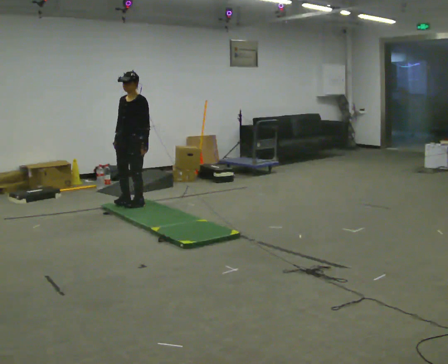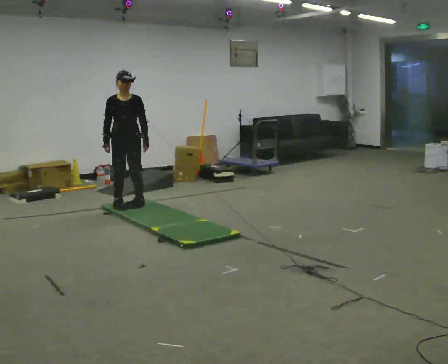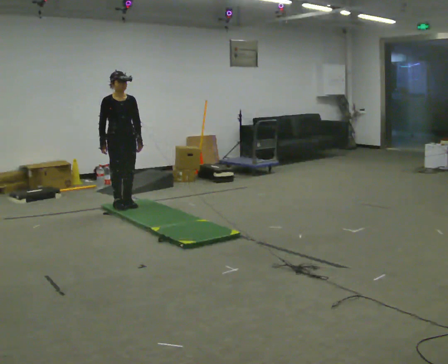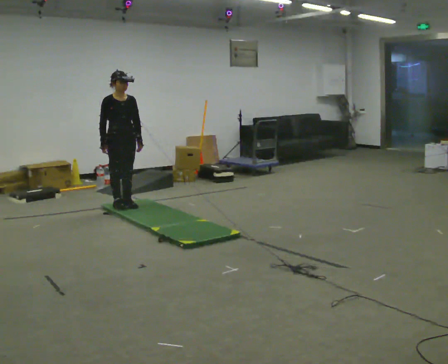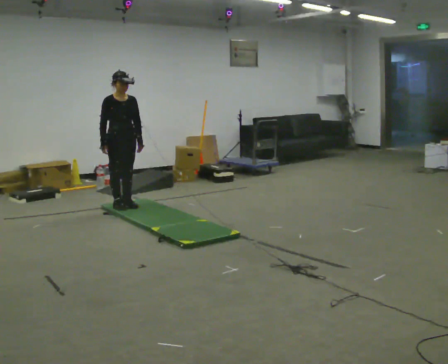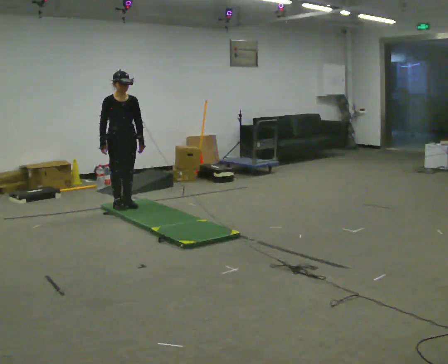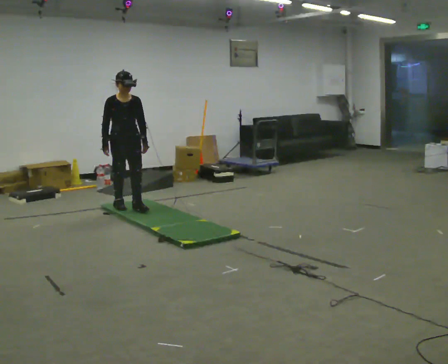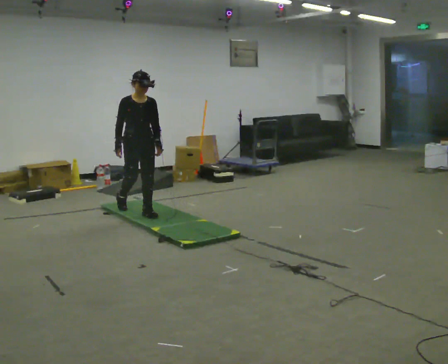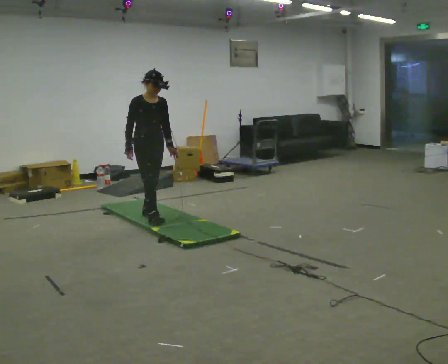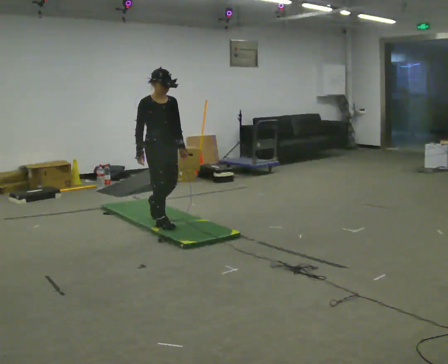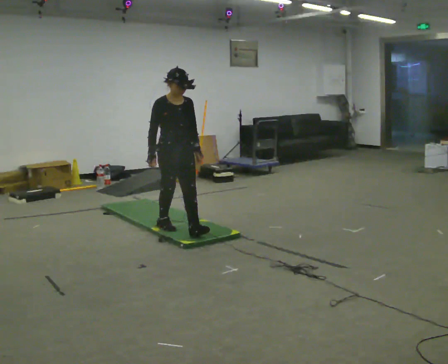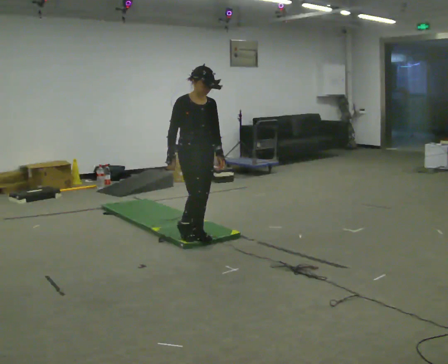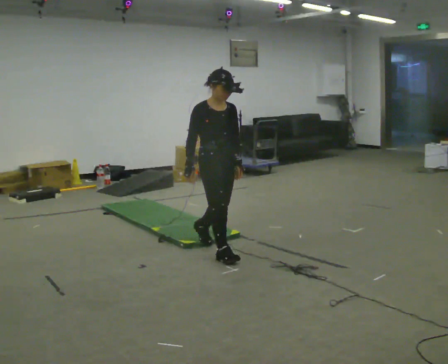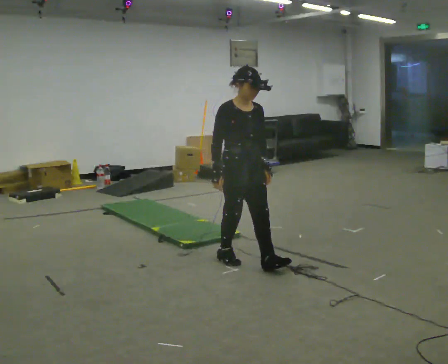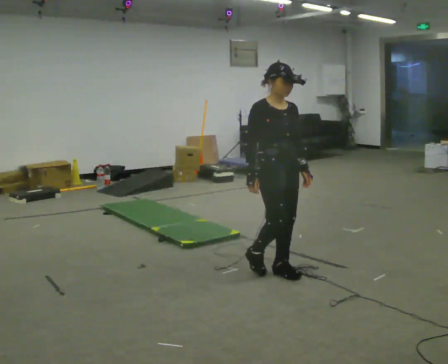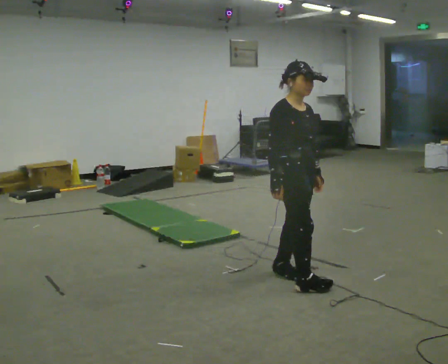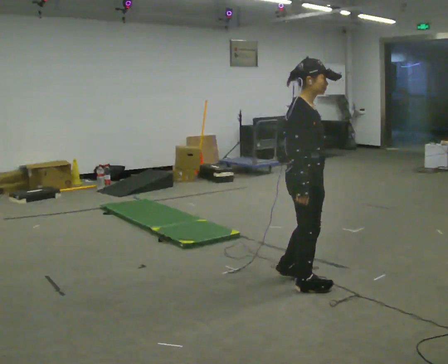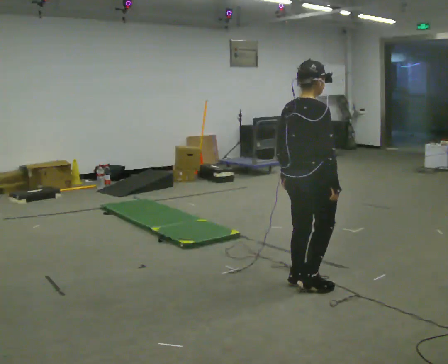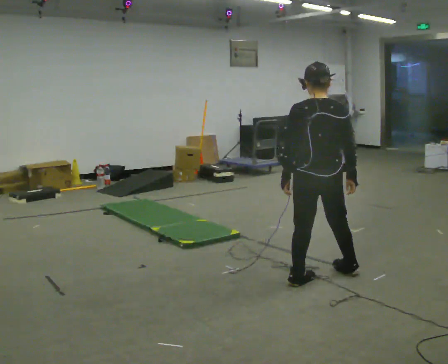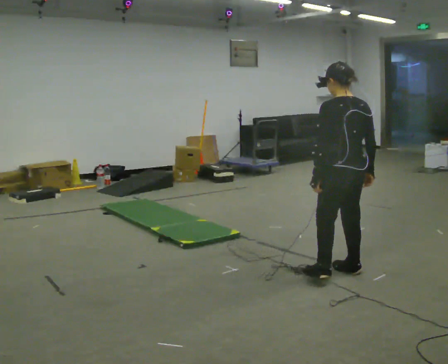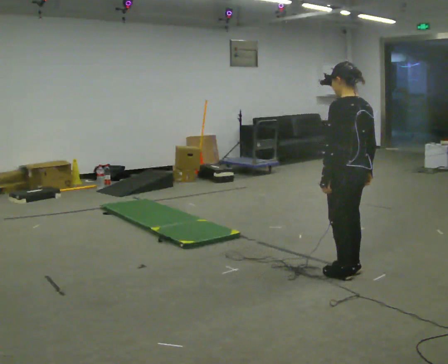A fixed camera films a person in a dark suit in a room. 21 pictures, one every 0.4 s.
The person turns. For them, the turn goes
to their left.
The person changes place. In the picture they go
toward the camera.
0.0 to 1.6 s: Seen from above the body turns counterclockwise, about 60 degrees: to their left, with its near side sliding to the right.
1.6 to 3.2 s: In the picture they go toward the camera and to the right, about 0.5 m in 1 step, which for them is forward.
3.2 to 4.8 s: In the picture they go toward the camera and to the right, about 1 m in 3 steps, which for them is forward.
4.8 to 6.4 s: The person turns about 45 degrees to their left, counterclockwise seen from above, so the part of the body nearest the lens slides to the right. In the picture they go toward the camera and to the right, about 1 m in 2 steps, which for them is forward.
6.4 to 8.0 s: The person turns about 135 degrees to their left, counterclockwise seen from above, so the part of the body nearest the lens slides to the right. In the picture they go to the right, about 0.5 m in 3 steps.
The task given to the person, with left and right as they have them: Walk across the soft uneven mat at a comfortable speed; continue walking normally after you leave it.
The film runs forward here.
